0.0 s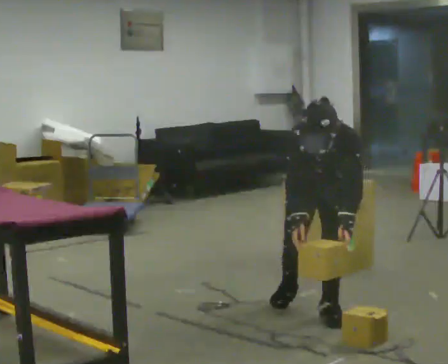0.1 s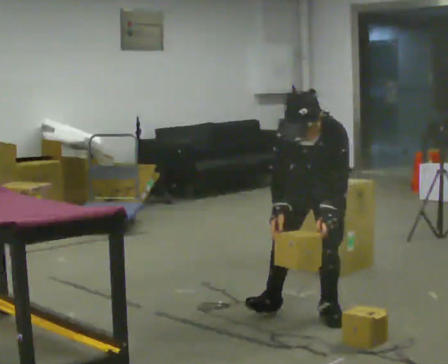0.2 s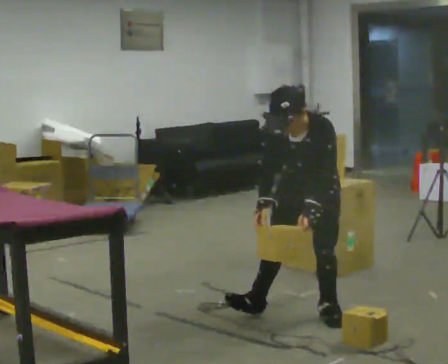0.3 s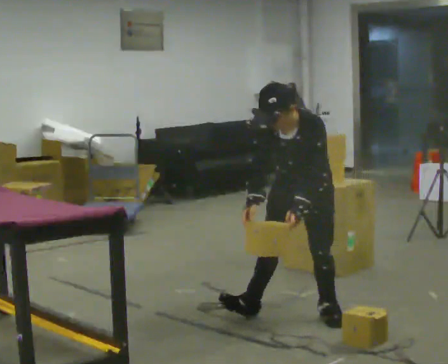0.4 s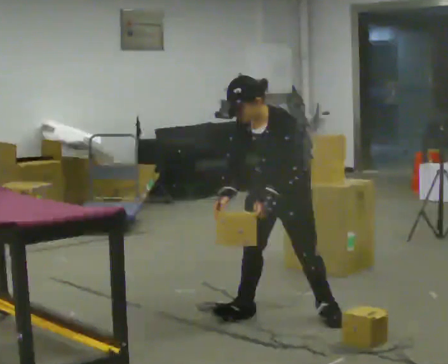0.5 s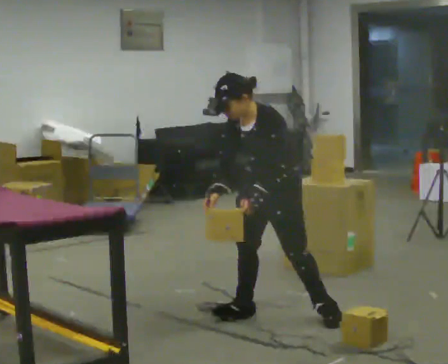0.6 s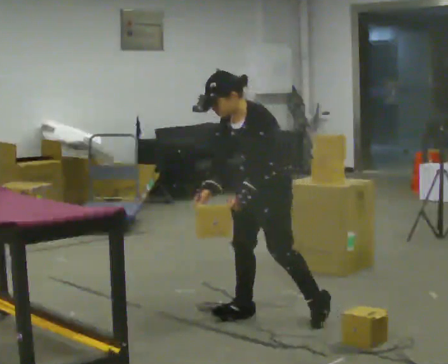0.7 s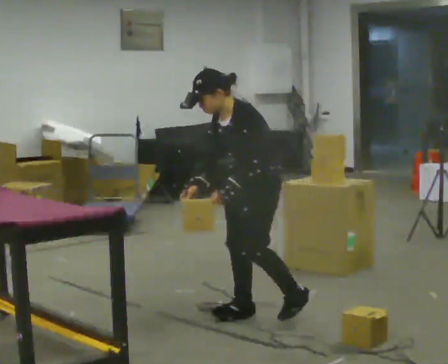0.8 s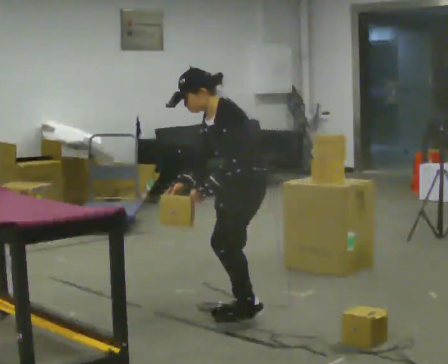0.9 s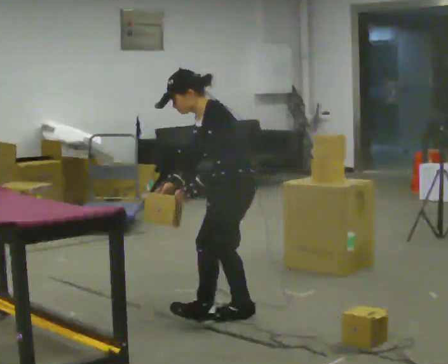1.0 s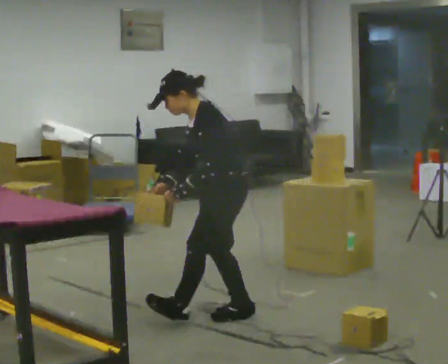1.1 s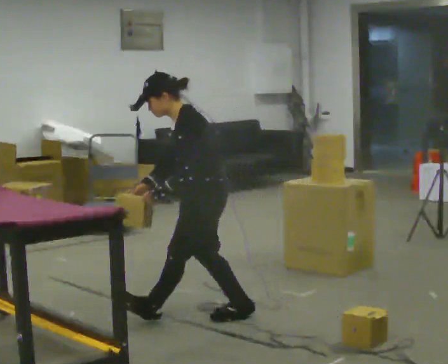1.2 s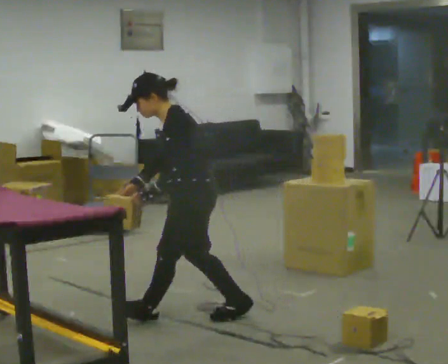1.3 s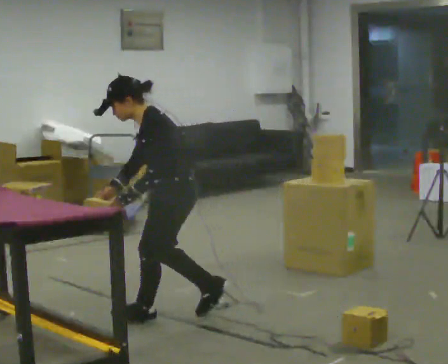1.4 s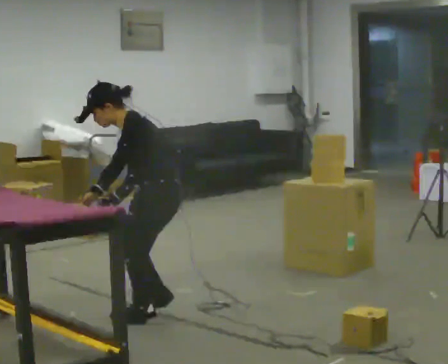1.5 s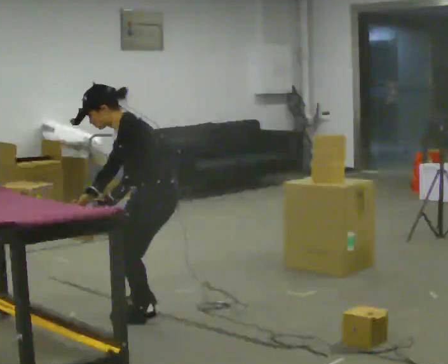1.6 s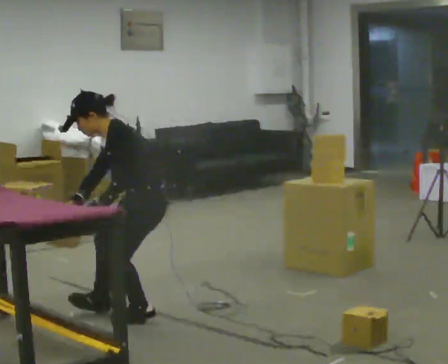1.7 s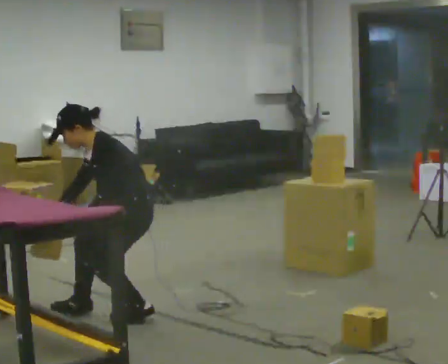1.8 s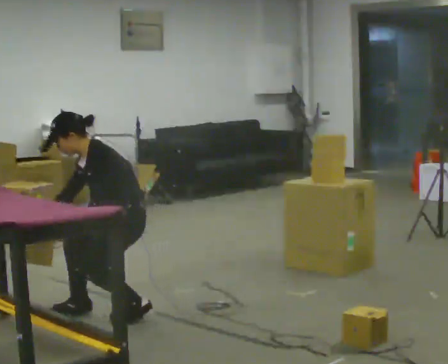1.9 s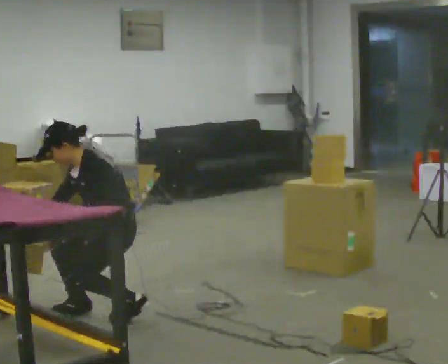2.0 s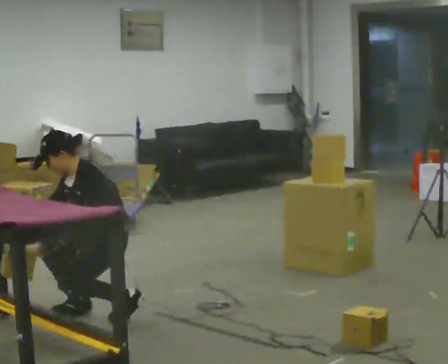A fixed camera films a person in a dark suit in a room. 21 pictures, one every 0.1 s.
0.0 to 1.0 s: The person turns about 75 degrees to their right, clockwise seen from above, so the part of the body nearest the lens slides to the left. In the picture they go to the left, about 0.5 m in 1 step. The upper body tips away from the camera, its near side rolling upward, as they lean back or straighten.
1.0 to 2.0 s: In the picture they go to the left, about 0.75 m in 2 steps, which for them is forward. The shoulders move downward.
The film runs forward here.
